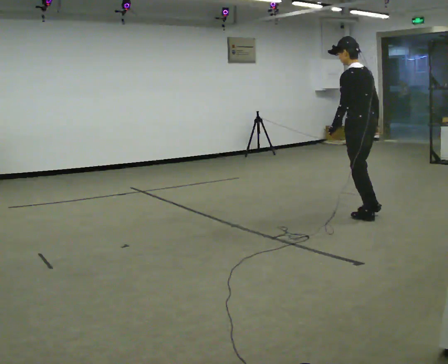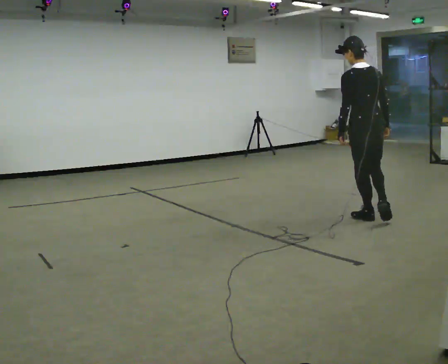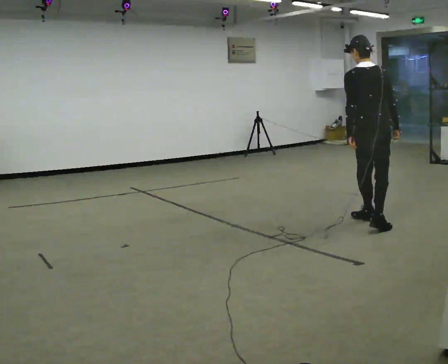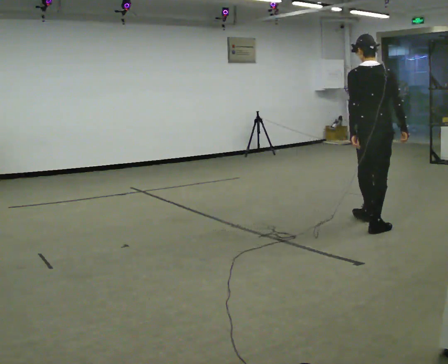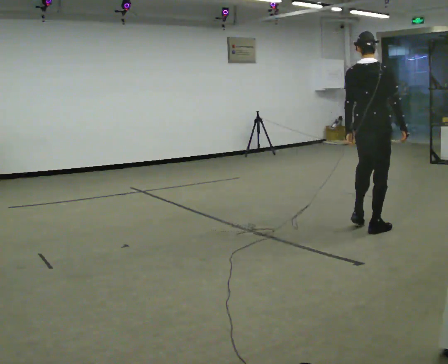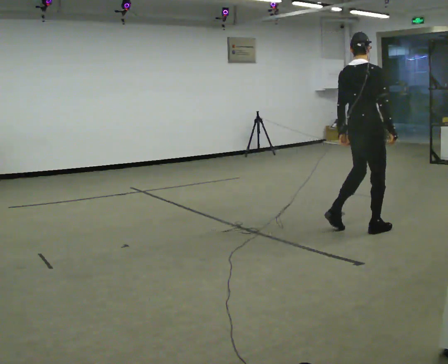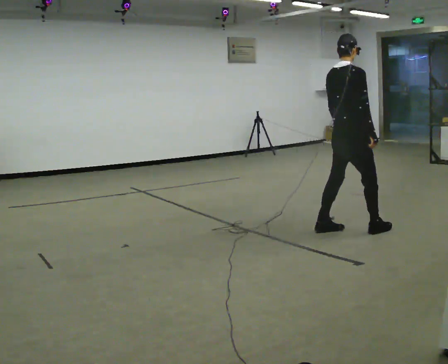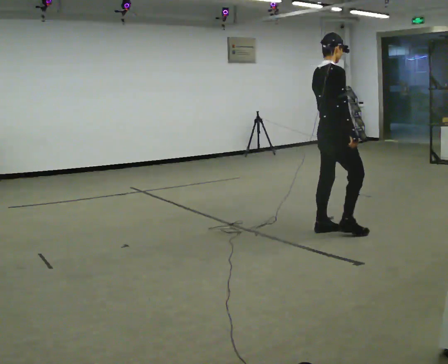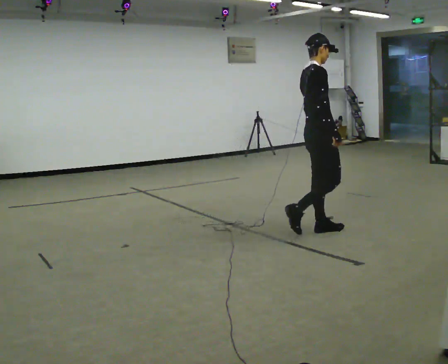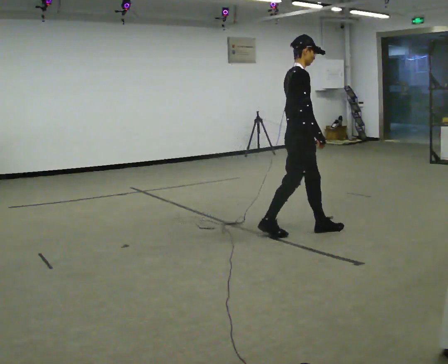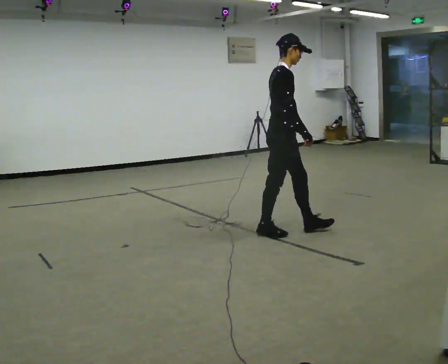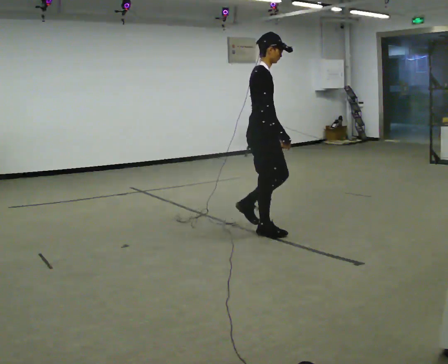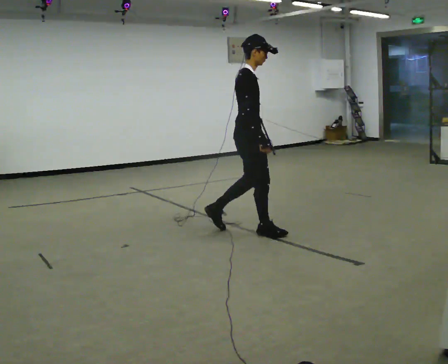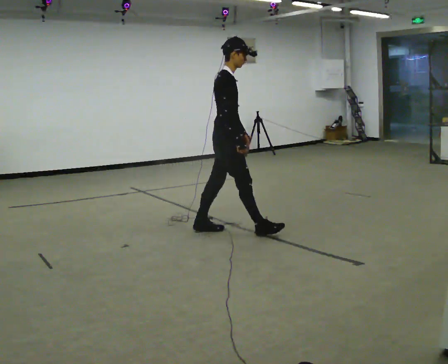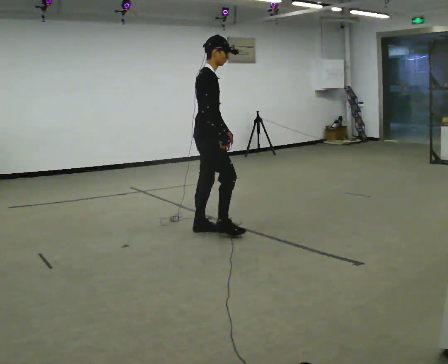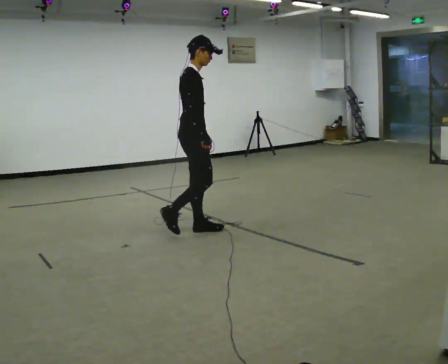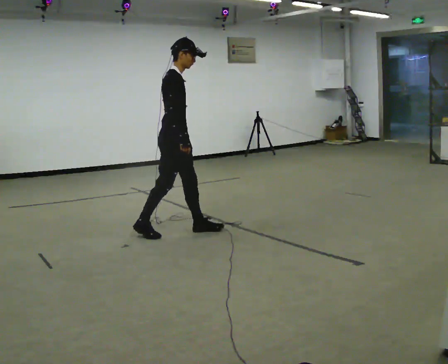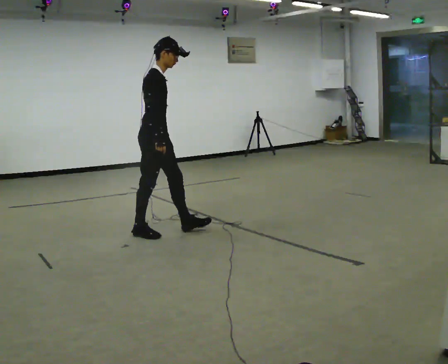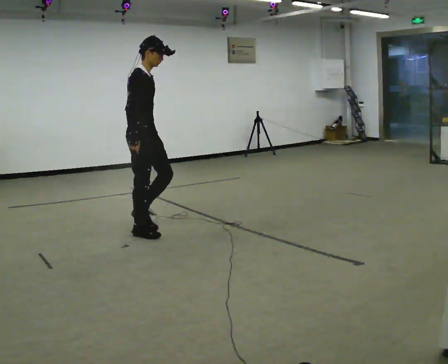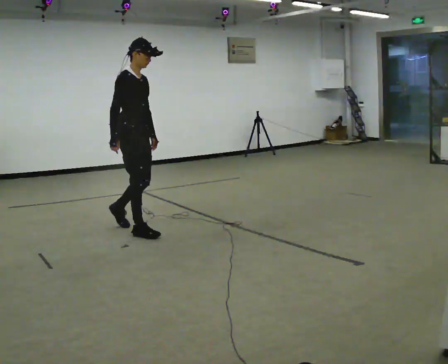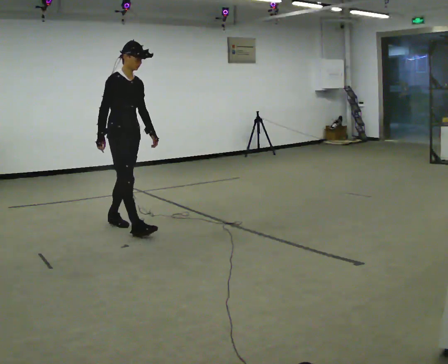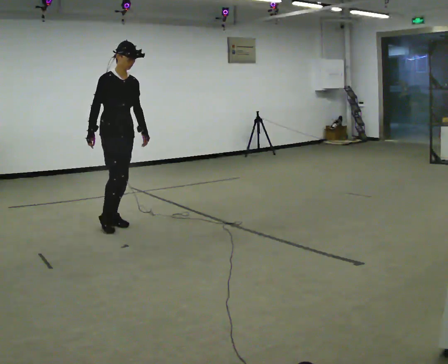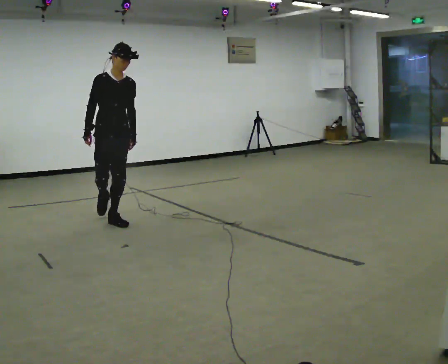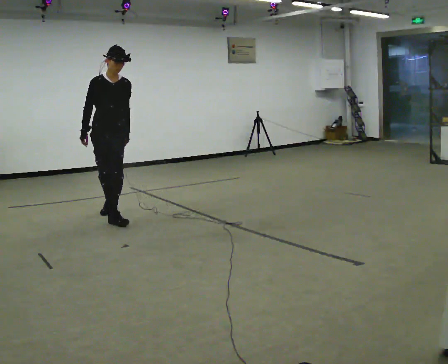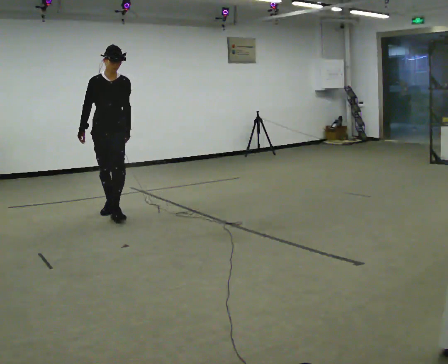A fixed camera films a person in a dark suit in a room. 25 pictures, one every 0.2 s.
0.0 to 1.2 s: Seen from above the body turns clockwise, about 105 degrees: to their right, with its near side sliding to the left. In the picture they go toward the camera and to the left, about 0.5 m in 1 step.
1.2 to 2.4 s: The part of the body nearest the lens slides to the left as the person turns to their right by about 30 degrees. In the picture they go to the left, about 1 m in 2 steps, which for them is backward.
2.4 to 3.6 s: In the picture they go to the left, about 1 m in 2 steps, which for them is backward.
3.6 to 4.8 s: Seen from above the body turns clockwise, about 60 degrees: to their right, with its near side sliding to the left. In the picture they go away from the camera and to the left, about 1 m in 2 steps.
The film runs backward here.
